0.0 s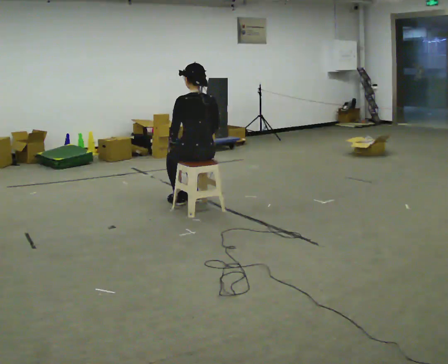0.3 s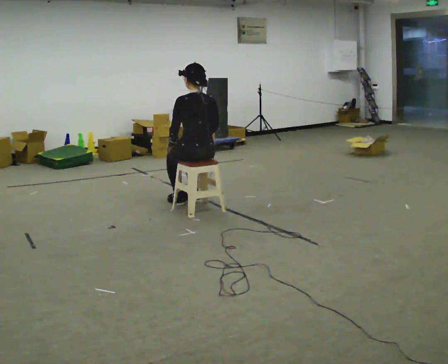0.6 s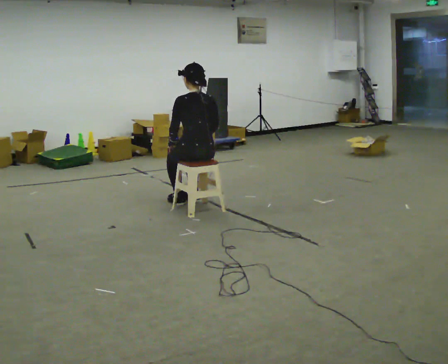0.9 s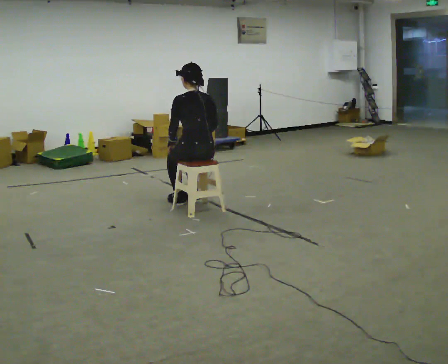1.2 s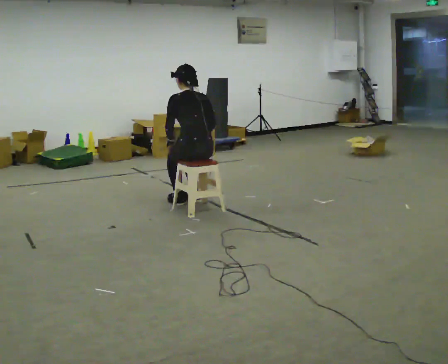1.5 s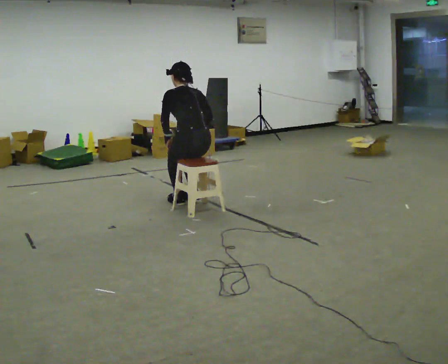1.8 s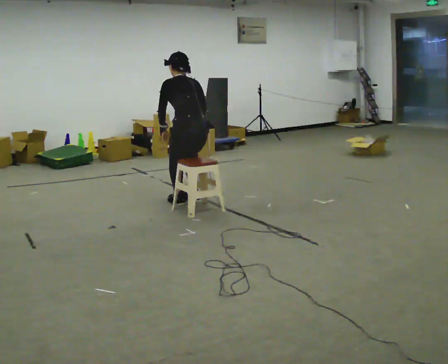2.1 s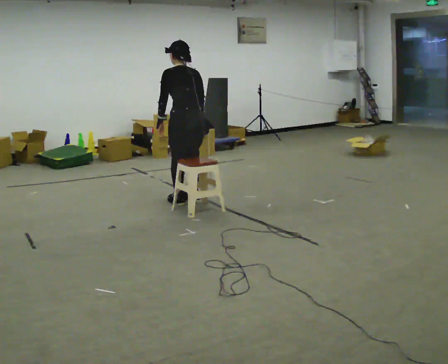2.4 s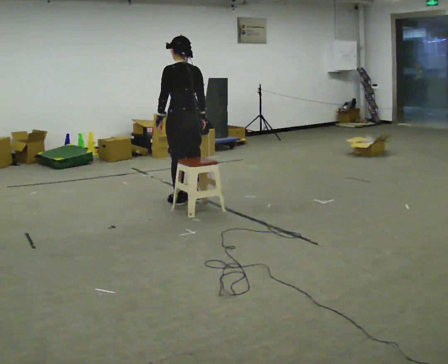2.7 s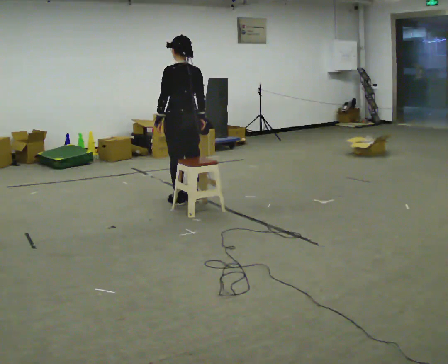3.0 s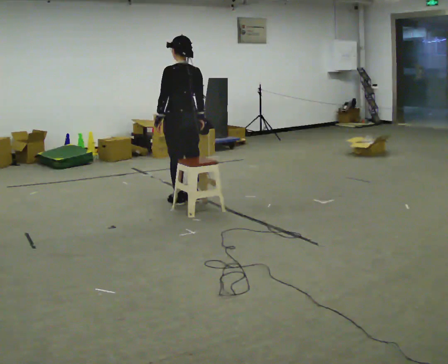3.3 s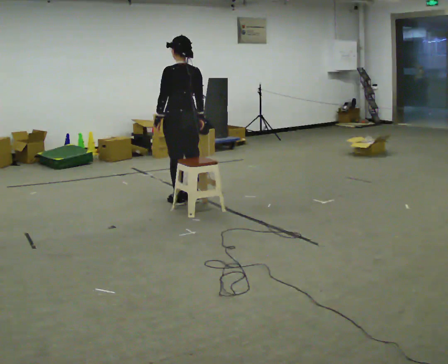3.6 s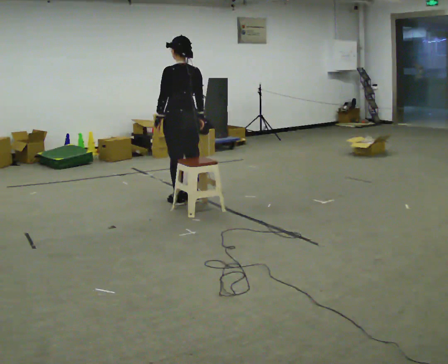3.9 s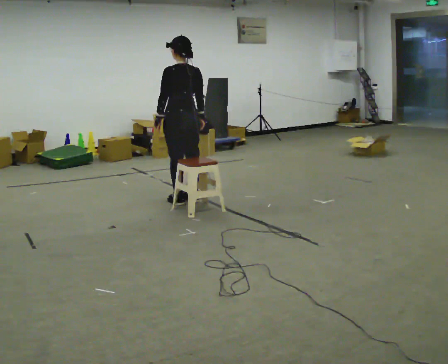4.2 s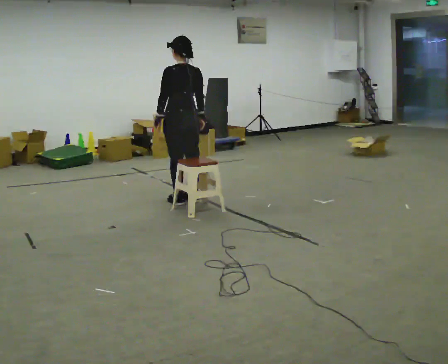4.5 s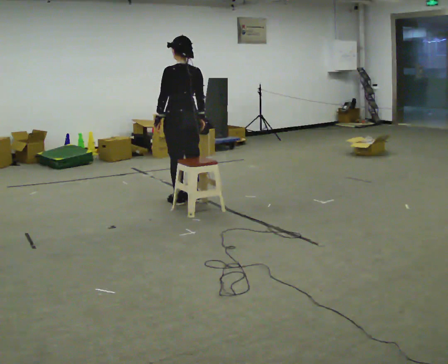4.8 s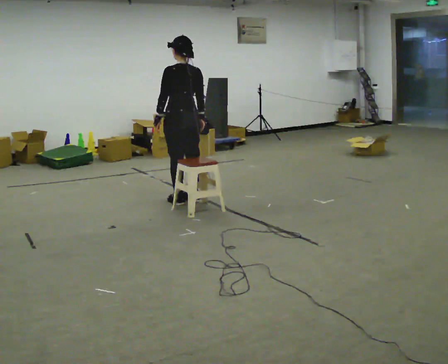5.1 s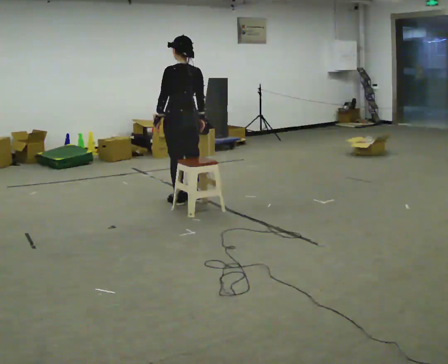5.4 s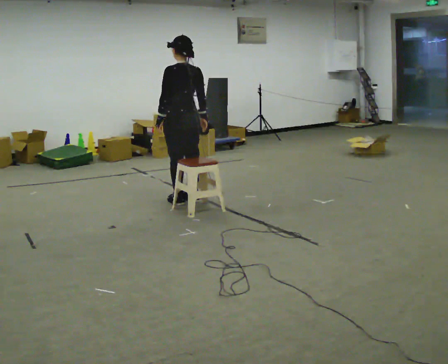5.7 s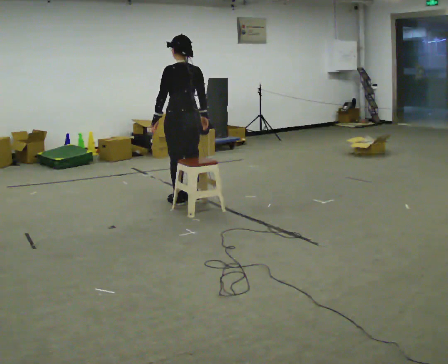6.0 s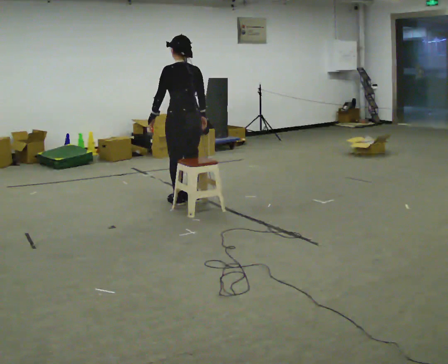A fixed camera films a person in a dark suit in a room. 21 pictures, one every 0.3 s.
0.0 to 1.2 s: The upper body tips away from the camera, its near side rolling upward, as they bend forward.
1.2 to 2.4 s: In the picture they go away from the camera, about 0.25 m, which for them is forward. The shoulders move upward.
2.4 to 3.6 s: The person moves a little, or ends about where they began.
3.6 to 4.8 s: The person keeps their place and pose.
4.8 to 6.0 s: The person moves a little, or ends about where they began.
The film runs backward here.
